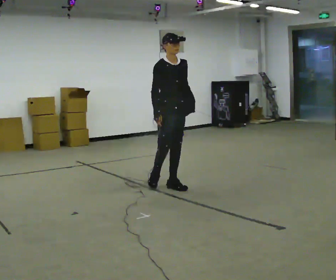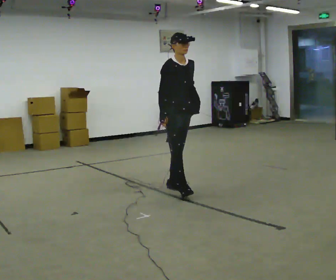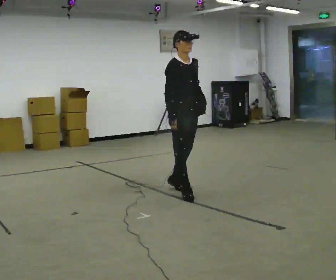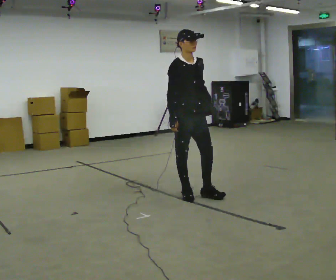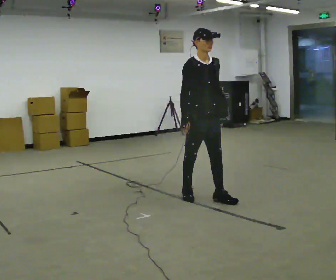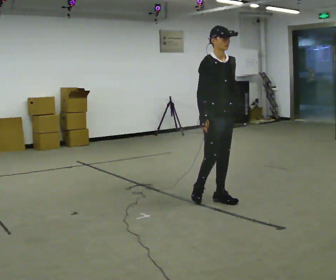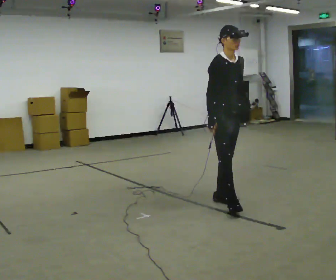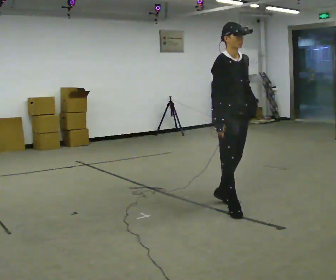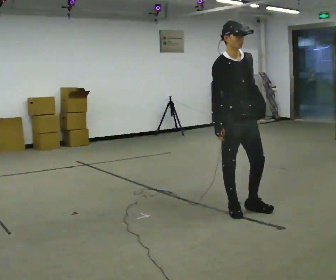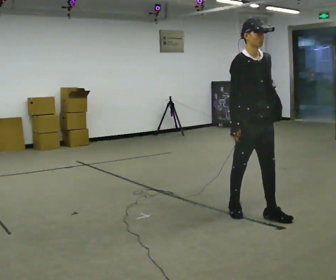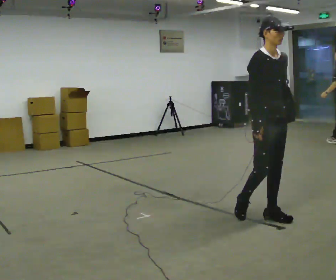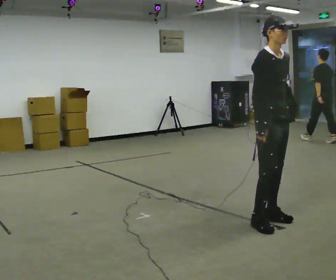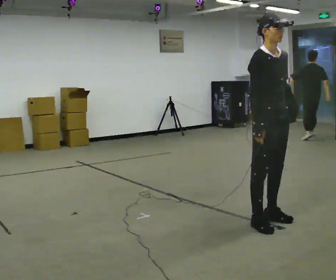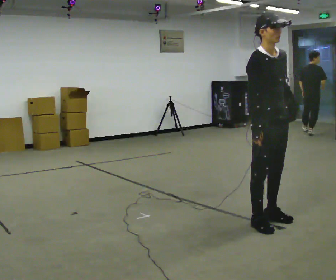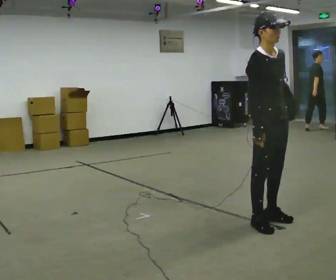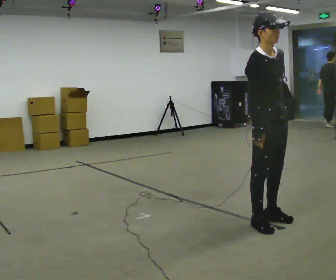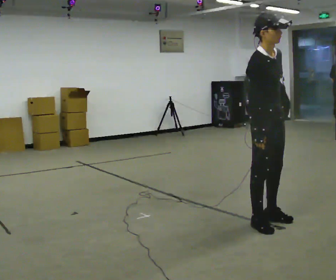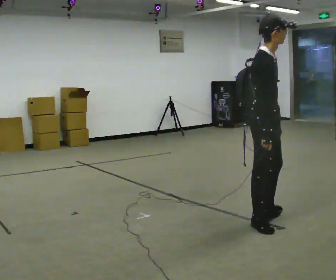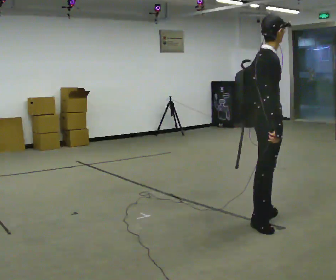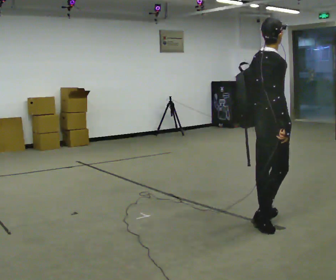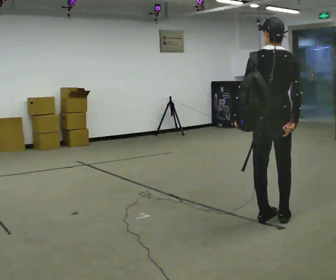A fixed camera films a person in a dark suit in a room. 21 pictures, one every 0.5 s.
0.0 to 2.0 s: In the picture they go toward the camera and to the right, about 0.5 m in 2 steps, which for them is forward.
2.0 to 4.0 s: In the picture they go toward the camera and to the right, about 0.5 m in 1 step, which for them is forward.
4.0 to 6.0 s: In the picture they go toward the camera and to the right, about 0.5 m in 2 steps, which for them is forward.
6.0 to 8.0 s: The person moves a little, or ends about where they began.
8.0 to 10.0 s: The part of the body nearest the lens slides to the right as the person turns to their left by about 120 degrees. In the picture they go away from the camera, about 0.25 m in 1 step. In the picture their left hand goes to the left, the arm swinging clockwise.
The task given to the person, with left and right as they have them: Put the soft bag up onto your shoulder and carry it across the room, back and forth.
The film runs forward here.
